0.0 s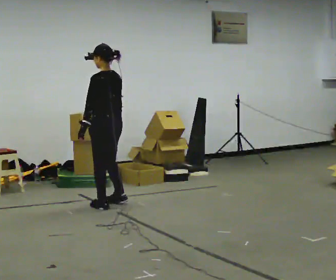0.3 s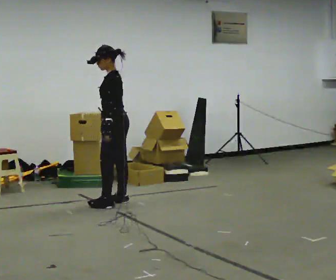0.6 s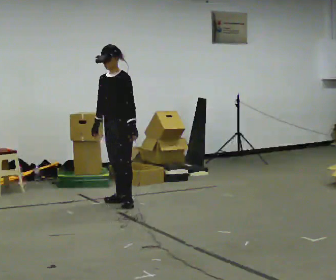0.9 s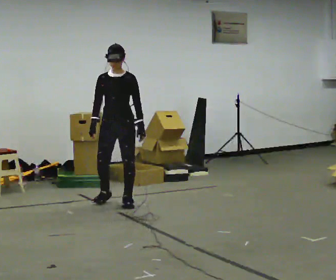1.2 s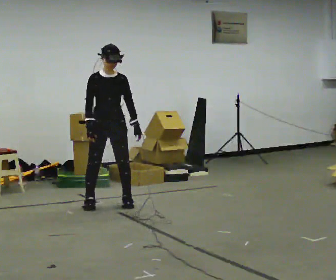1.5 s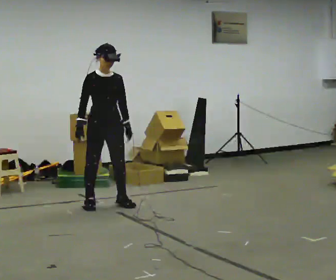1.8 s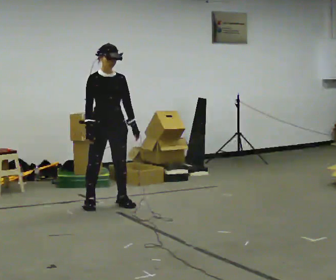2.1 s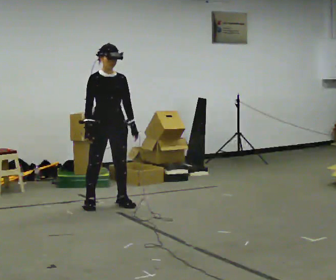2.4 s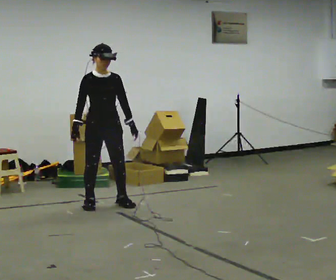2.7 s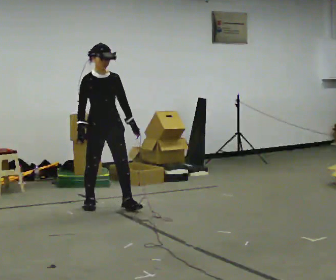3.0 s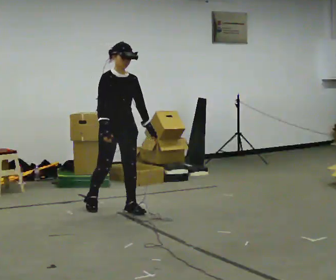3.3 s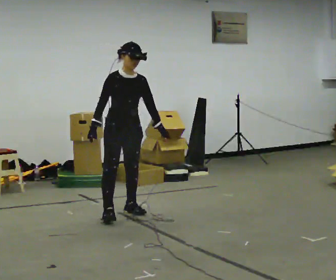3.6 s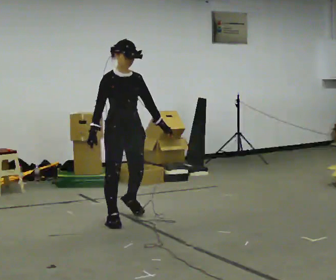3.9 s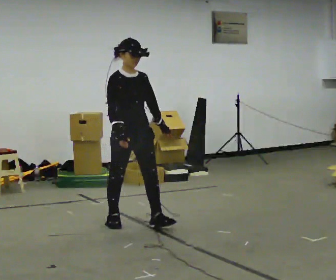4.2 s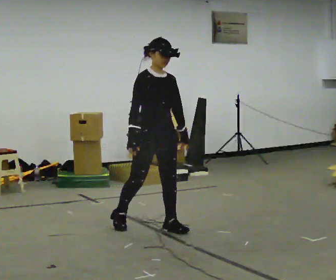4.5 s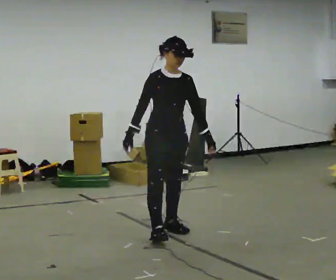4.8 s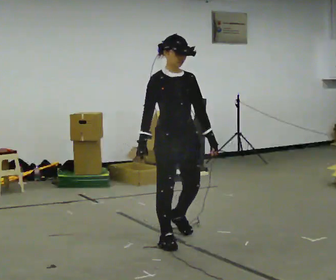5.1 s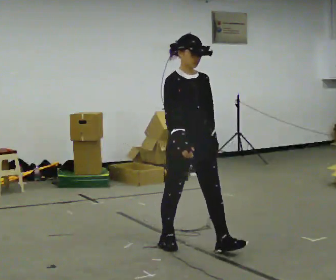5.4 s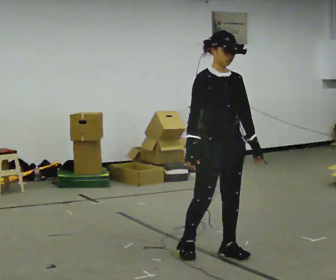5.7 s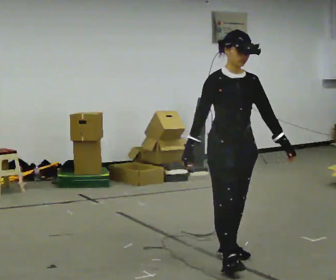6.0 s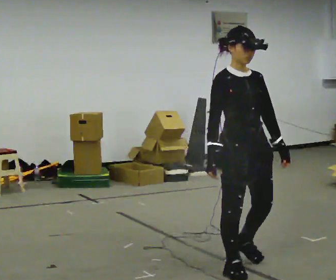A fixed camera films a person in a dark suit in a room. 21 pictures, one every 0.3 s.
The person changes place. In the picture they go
toward the camera.
0.0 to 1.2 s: The person turns about 135 degrees to their left, counterclockwise seen from above, so the part of the body nearest the lens slides to the right. In the picture their left hand goes to the right, the arm swinging counterclockwise.
1.2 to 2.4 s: The person moves a little, or ends about where they began.
2.4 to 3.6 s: In the picture they go toward the camera and to the right, about 0.75 m in 2 steps, which for them is forward.
3.6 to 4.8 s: In the picture they go toward the camera and to the right, about 1 m in 2 steps, which for them is forward.
4.8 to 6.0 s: In the picture they go toward the camera and to the right, about 1 m in 2 steps, which for them is forward.
The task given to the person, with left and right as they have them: Walk forward with your feet closer together than normal, or further apart than normal, as the operator states; stop.
The film runs forward here.
